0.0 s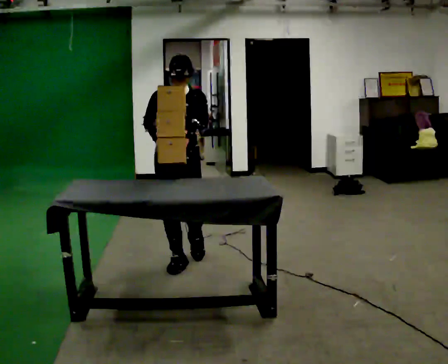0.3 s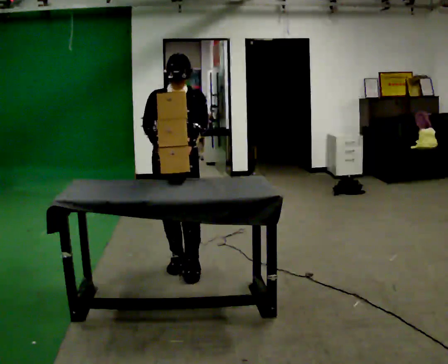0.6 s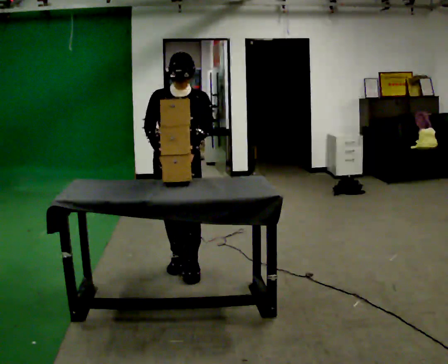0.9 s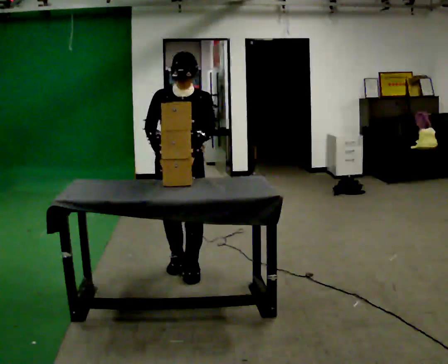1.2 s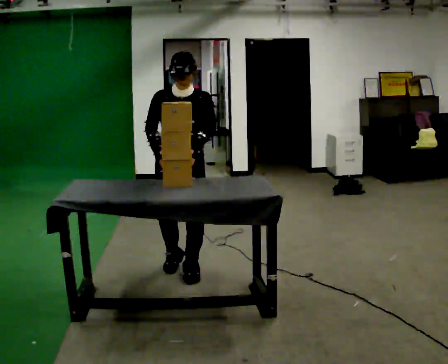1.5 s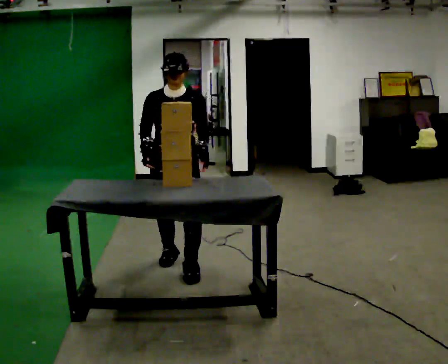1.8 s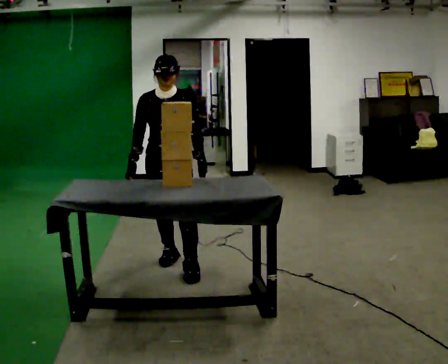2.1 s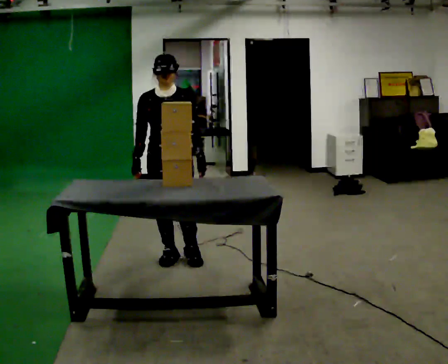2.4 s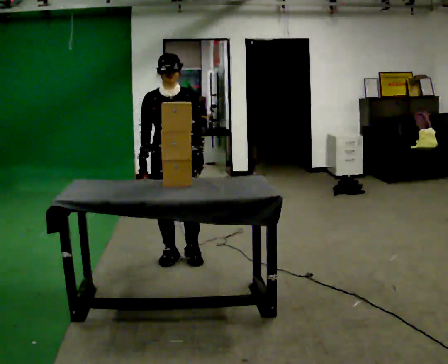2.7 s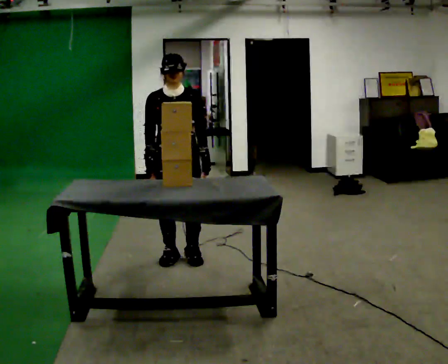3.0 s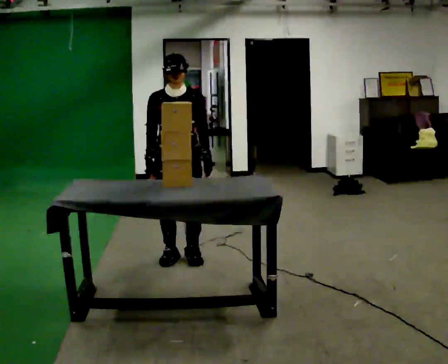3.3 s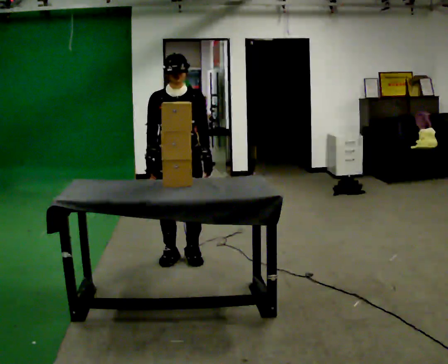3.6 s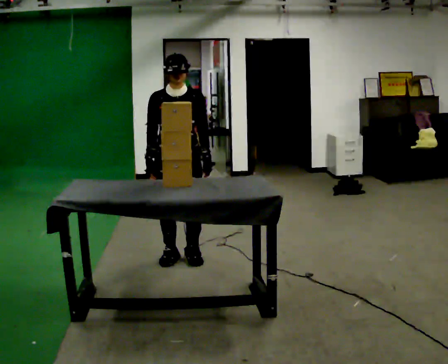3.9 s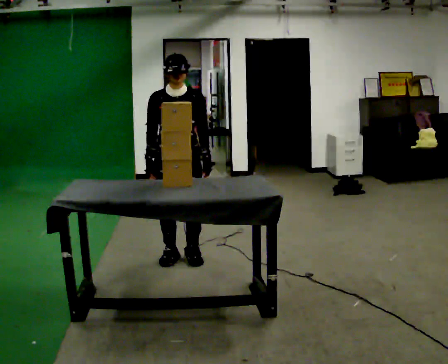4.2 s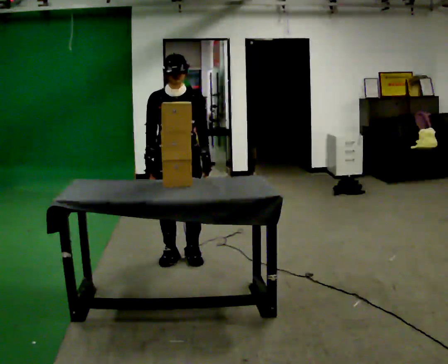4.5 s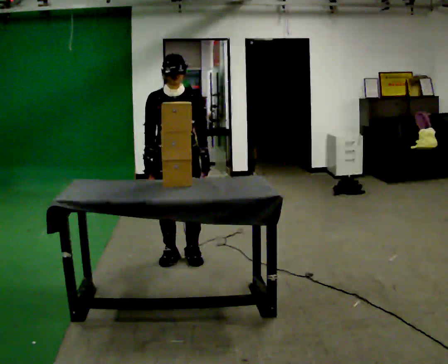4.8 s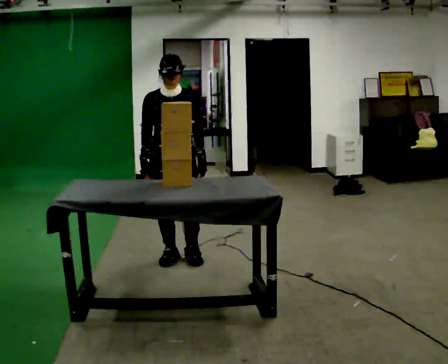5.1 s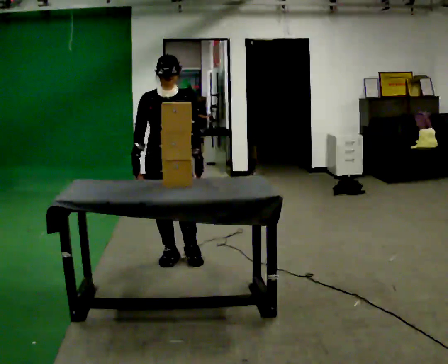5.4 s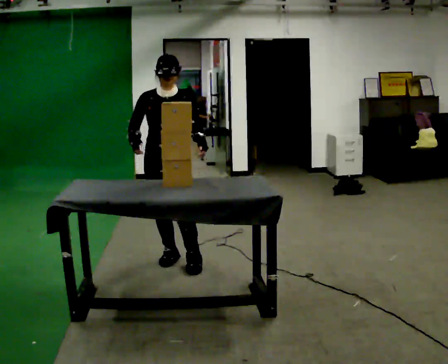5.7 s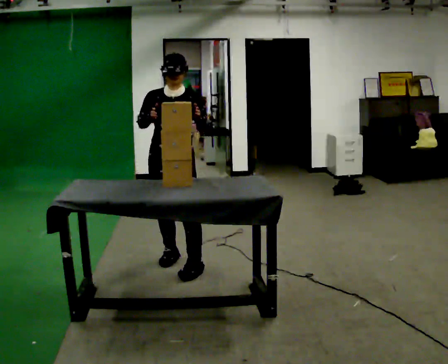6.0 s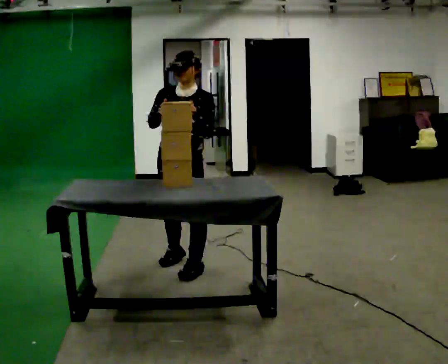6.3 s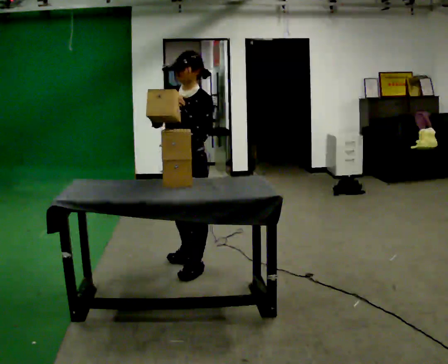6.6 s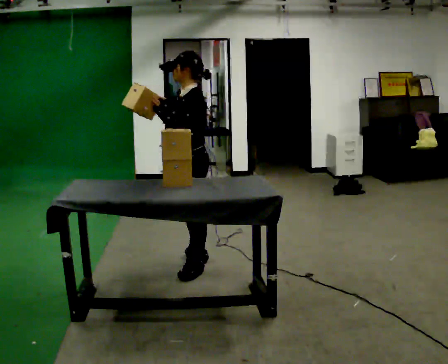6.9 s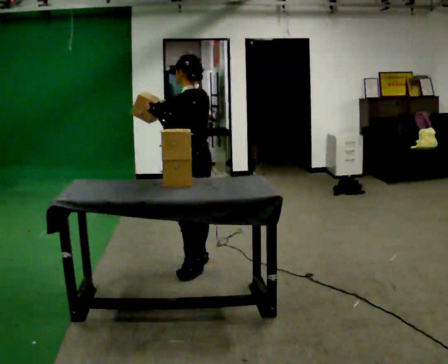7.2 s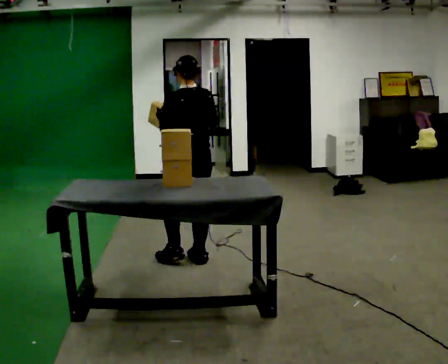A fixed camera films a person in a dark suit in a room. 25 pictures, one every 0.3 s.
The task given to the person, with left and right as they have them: Take an object off the waist-height shelf, carry it across the room, and set it down on the floor. Keep going until the operator says stop; one object at a time, and do not rush between trips.
0.0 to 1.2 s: In the picture they go toward the camera, about 0.25 m in 1 step, which for them is forward.
1.2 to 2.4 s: In the picture they go away from the camera, about 0.25 m in 1 step, which for them is backward.
2.4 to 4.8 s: The person moves a little, or ends about where they began.
4.8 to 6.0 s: The part of the body nearest the lens slides to the left as the person turns to their right by about 30 degrees. In the picture they go toward the camera, about 0.25 m in 1 step, which for them is forward. In the picture their right hand goes upward.
6.0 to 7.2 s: The part of the body nearest the lens slides to the left as the person turns to their right by about 120 degrees. In the picture they go away from the camera, about 0.25 m in 1 step.
The film runs forward here.
